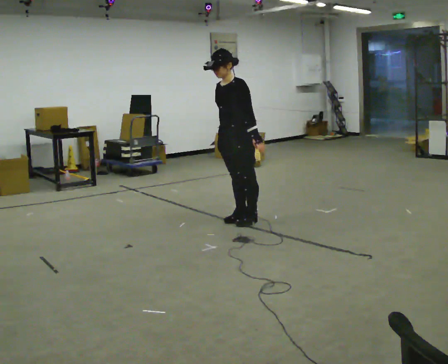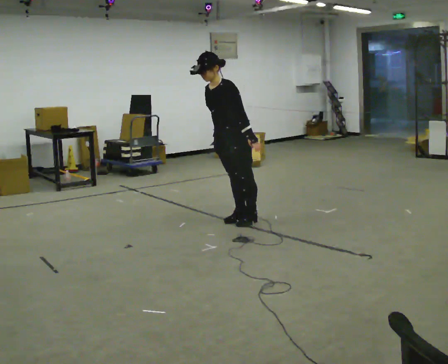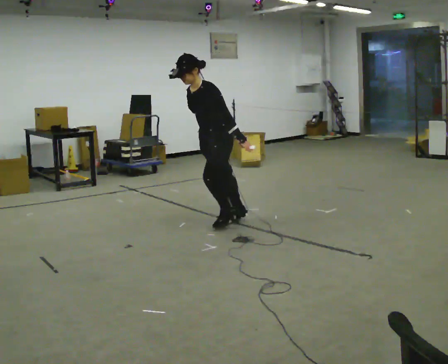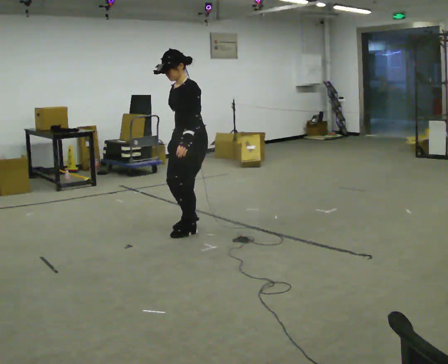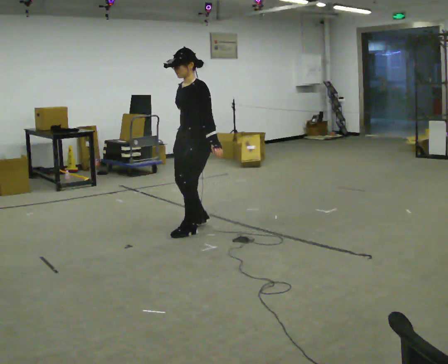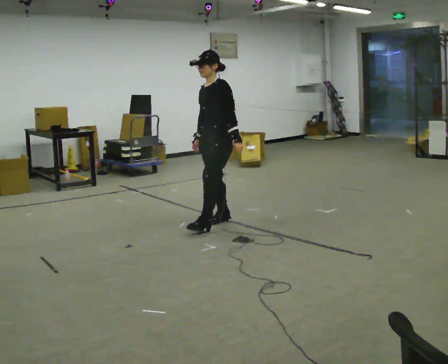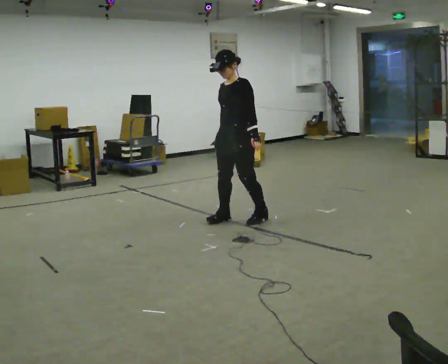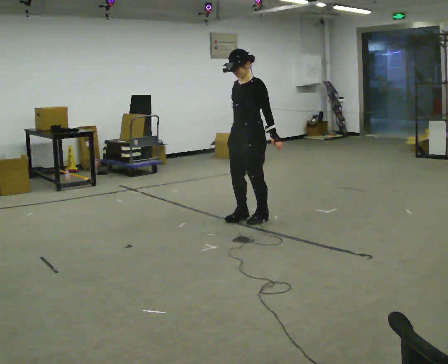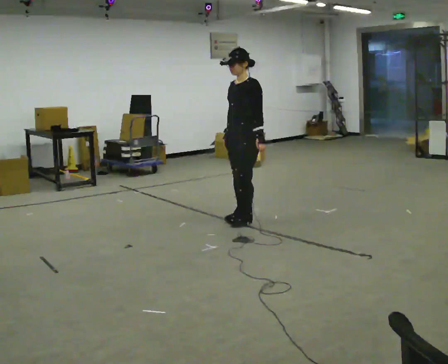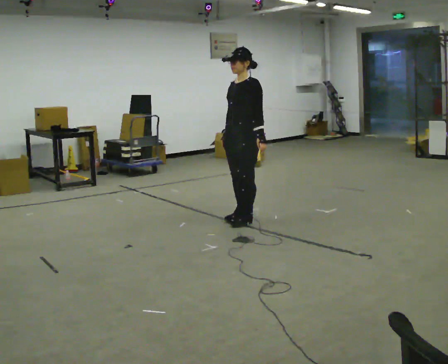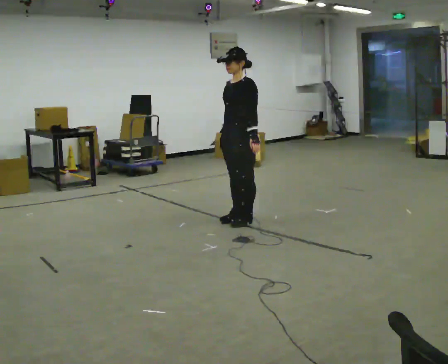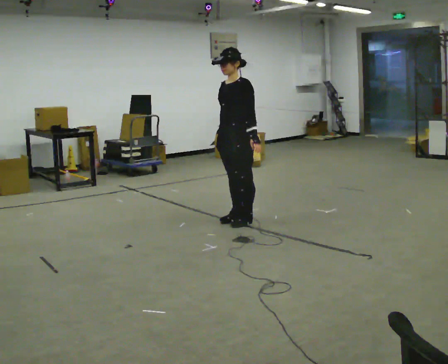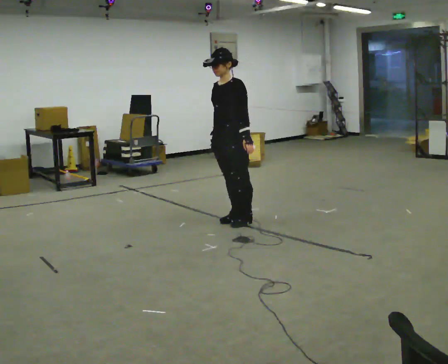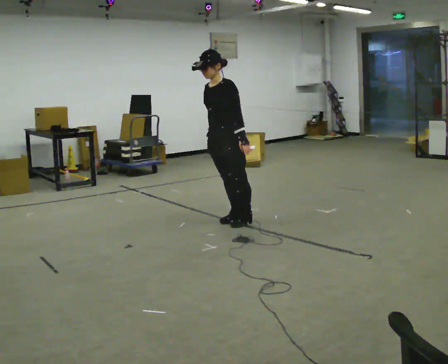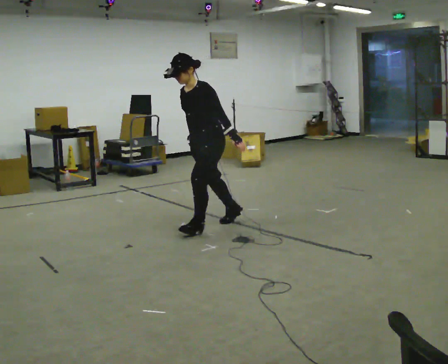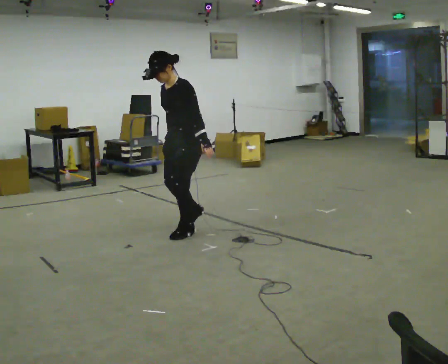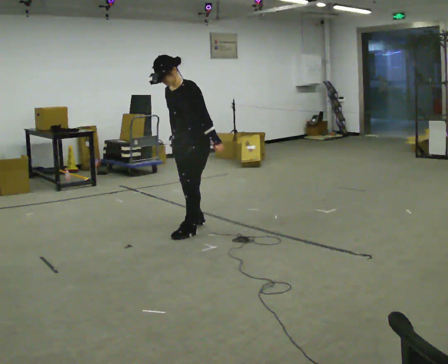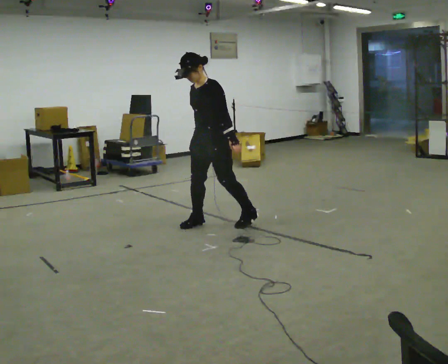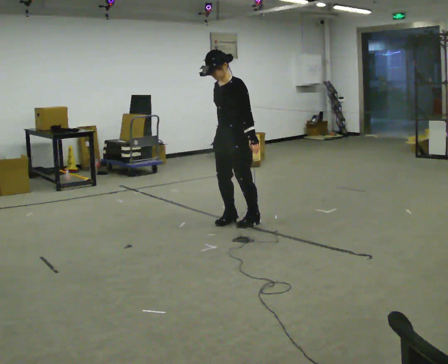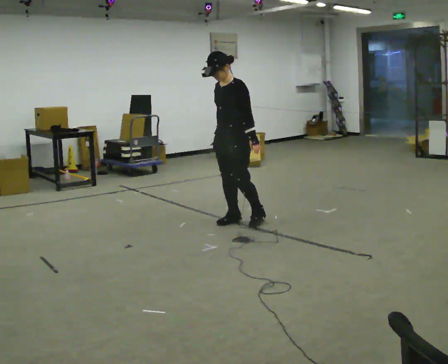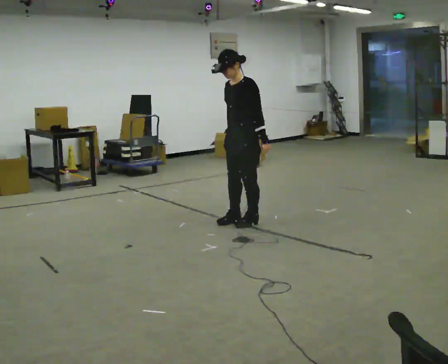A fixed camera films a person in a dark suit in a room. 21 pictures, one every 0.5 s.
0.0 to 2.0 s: In the picture they go to the left and toward the camera, about 0.5 m in 2 steps, which for them is forward.
2.0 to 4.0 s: In the picture they go to the right and away from the camera, about 0.5 m in 3 steps, which for them is backward.
4.0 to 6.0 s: The person moves a little, or ends about where they began.
6.0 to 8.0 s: In the picture they go to the left and toward the camera, about 0.5 m in 2 steps, which for them is forward.
8.0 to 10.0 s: In the picture they go to the right and away from the camera, about 0.5 m in 2 steps, which for them is backward.
The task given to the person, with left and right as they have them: Stand on the marked spots with your feet together. Lean forward from the ankles, keeping your body straight, until you cannot hold it any longer, then step forward to catch yourself. Return to the spots. Repeat at your own pace until the operator says stop. Go slowly and only as far as you are comfortable. Step whenever you need to; do not try to hold on longer than feels safe.
The film runs forward here.
